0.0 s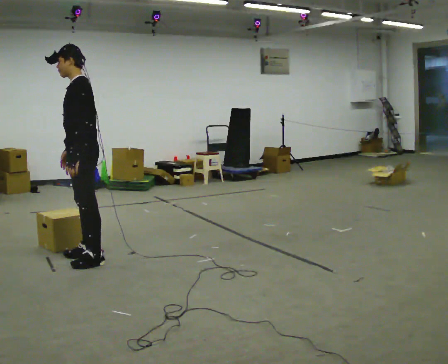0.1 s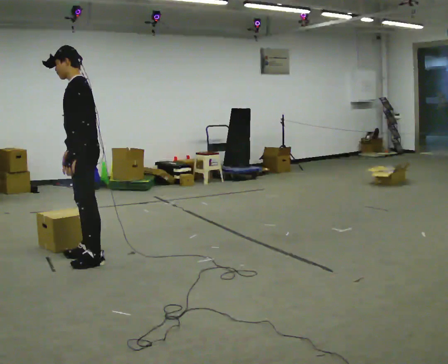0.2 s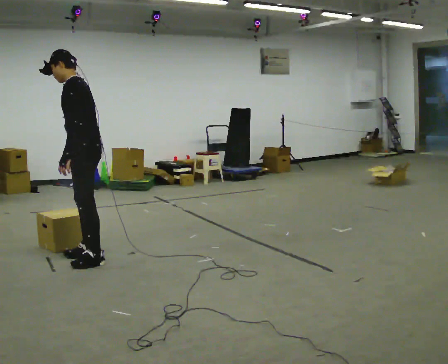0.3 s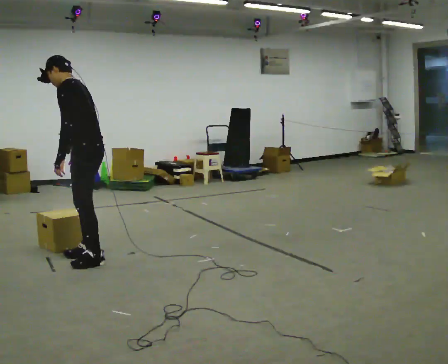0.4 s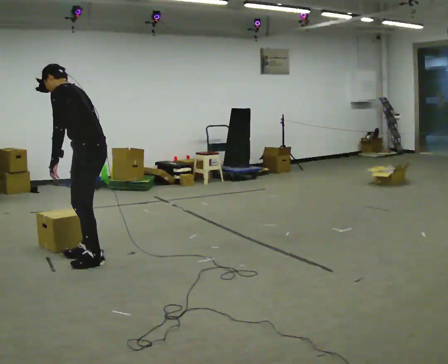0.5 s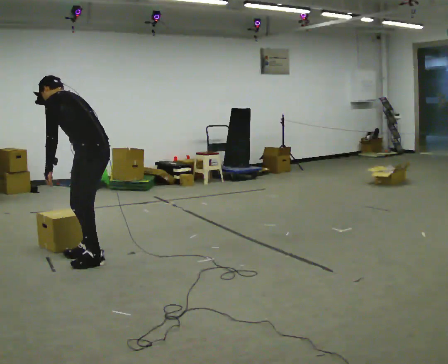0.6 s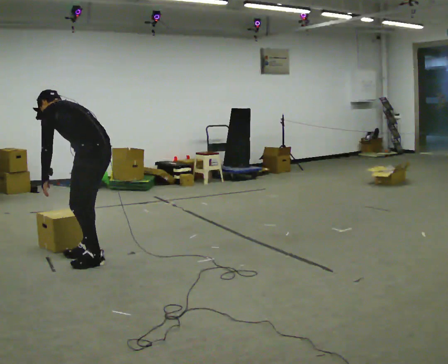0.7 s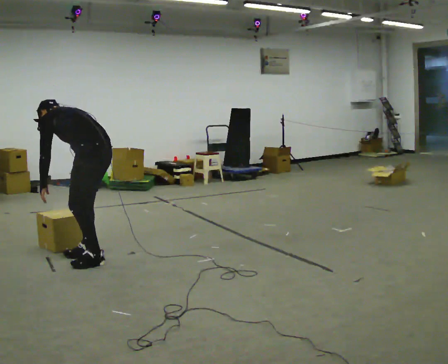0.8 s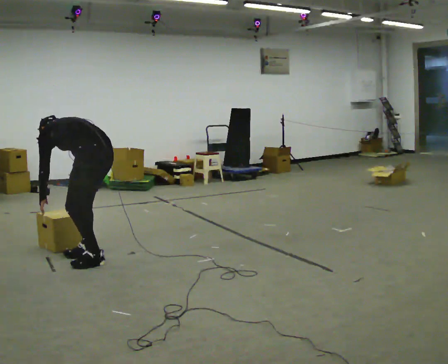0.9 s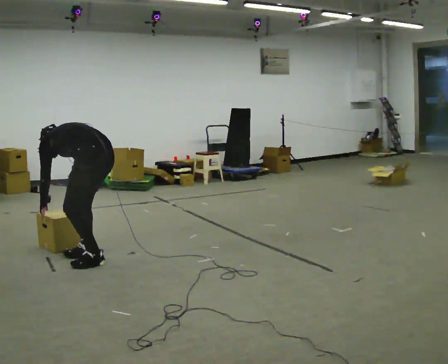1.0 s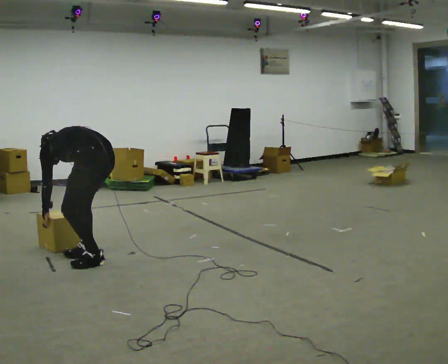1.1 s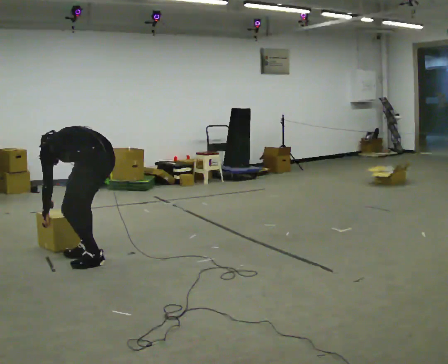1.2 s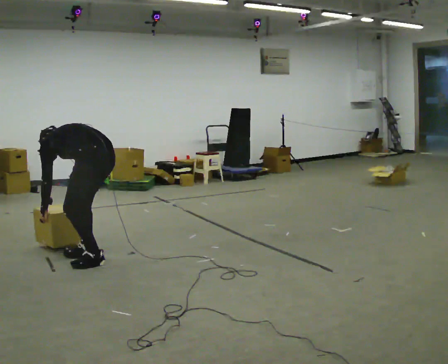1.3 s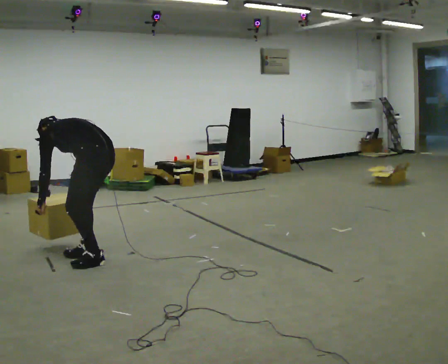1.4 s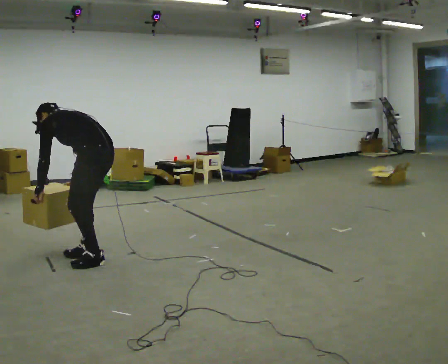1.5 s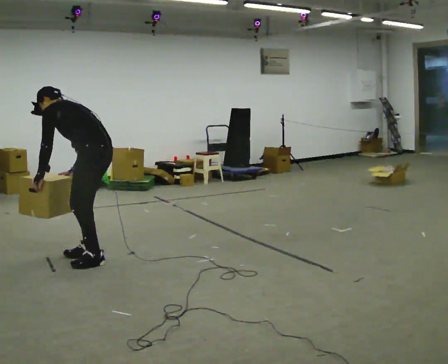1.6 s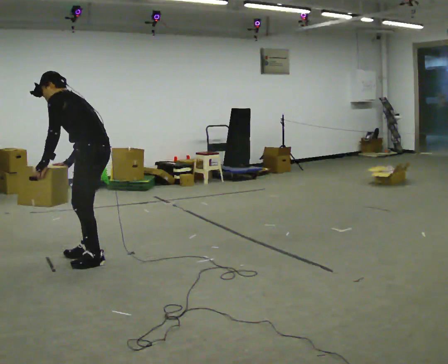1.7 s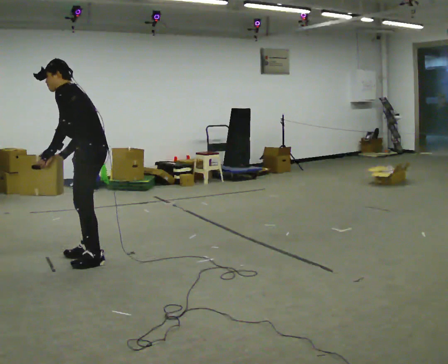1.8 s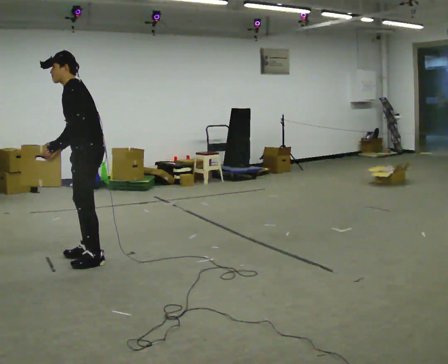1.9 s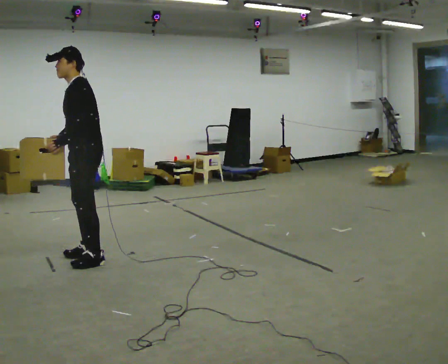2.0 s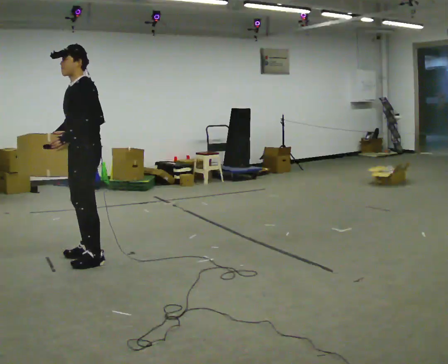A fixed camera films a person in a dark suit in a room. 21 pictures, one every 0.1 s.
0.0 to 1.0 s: Seen from above the body turns clockwise, about 45 degrees: to their right, with its near side sliding to the left. The upper body goes downward. The upper body tips away from the camera, its near side rolling upward, as they bend forward. In the picture their left hand goes downward and to the left.
1.0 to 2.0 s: Seen from above the body turns counterclockwise, about 60 degrees: to their left, with its near side sliding to the right. The shoulders move upward. The upper body tips toward the camera, its near side rolling downward, as they lean back or straighten. In the picture their left hand goes upward and to the right.
The film runs forward here.
